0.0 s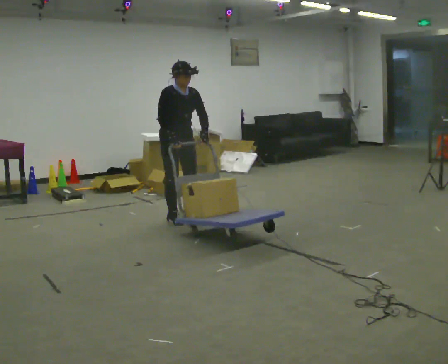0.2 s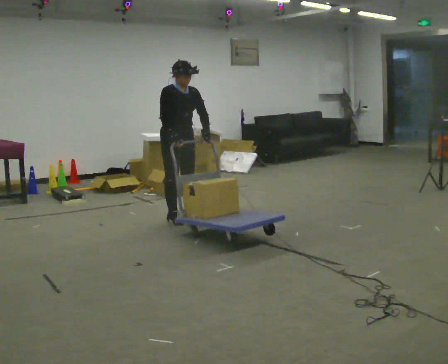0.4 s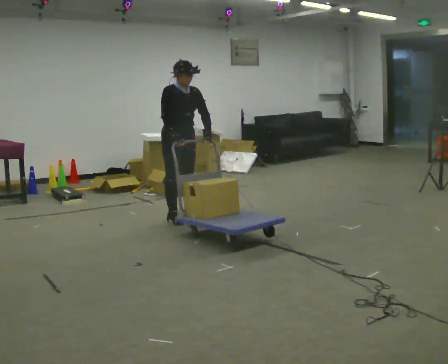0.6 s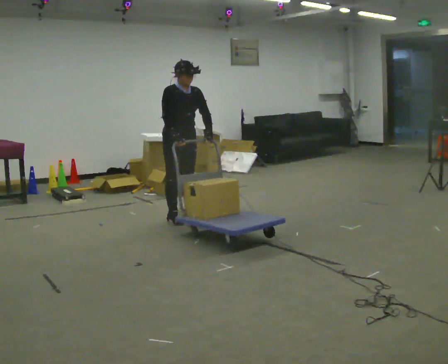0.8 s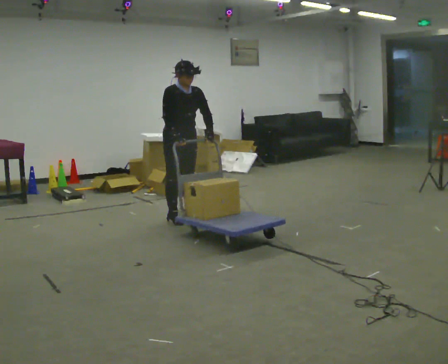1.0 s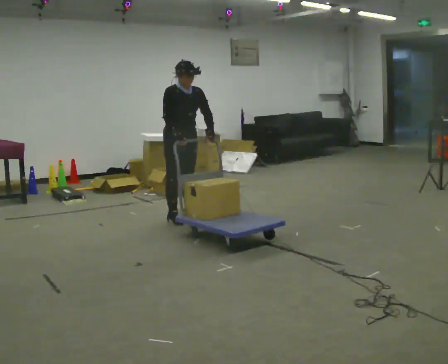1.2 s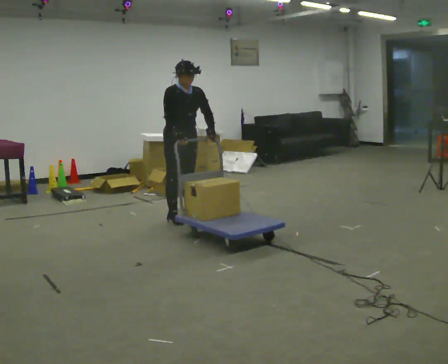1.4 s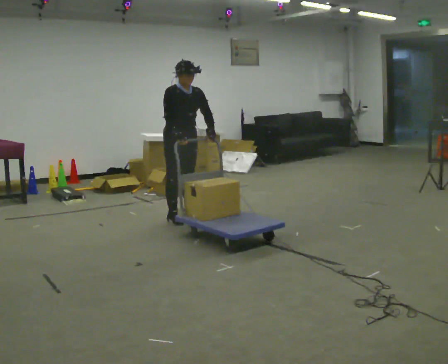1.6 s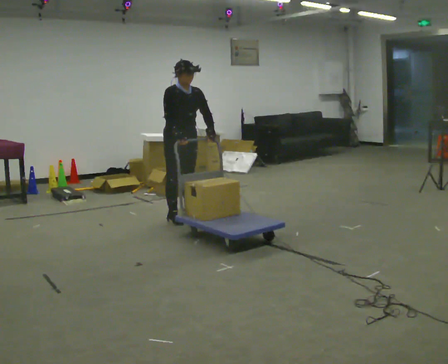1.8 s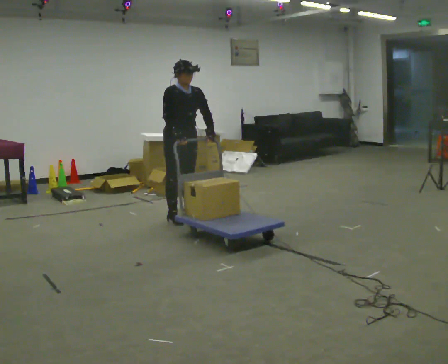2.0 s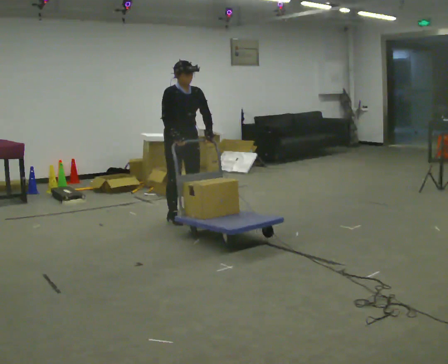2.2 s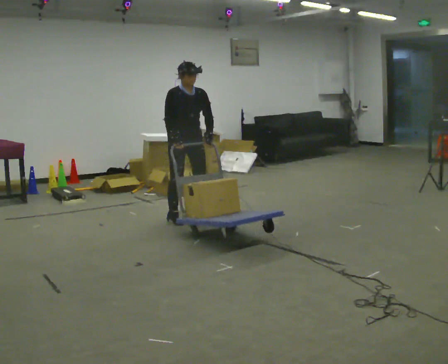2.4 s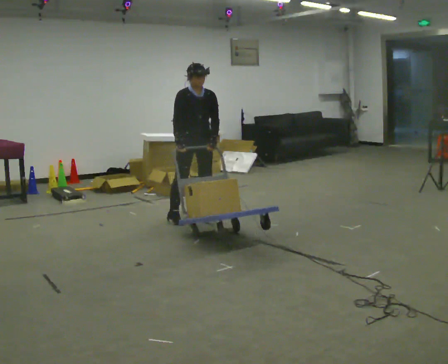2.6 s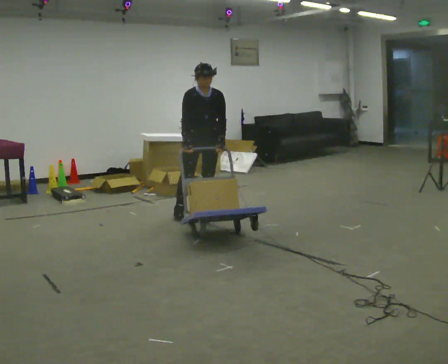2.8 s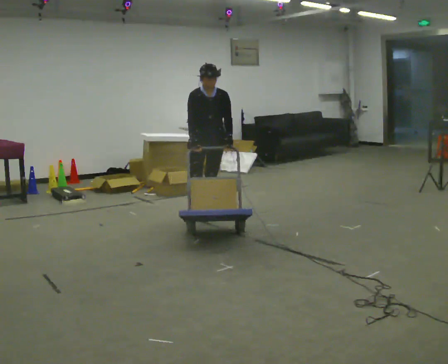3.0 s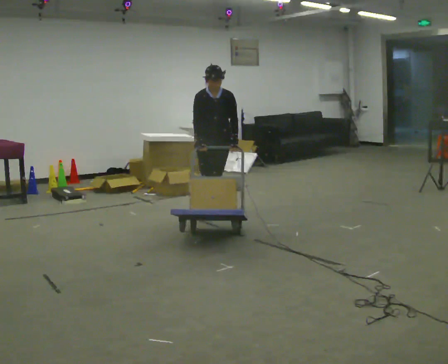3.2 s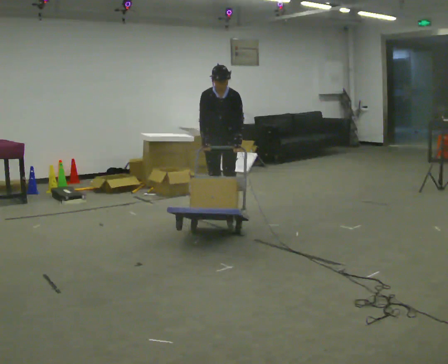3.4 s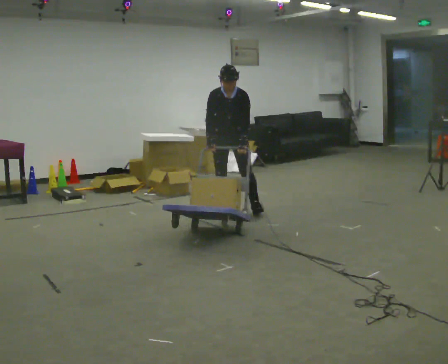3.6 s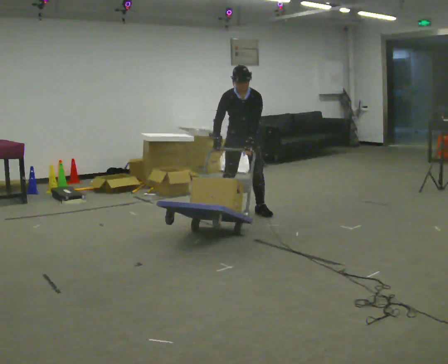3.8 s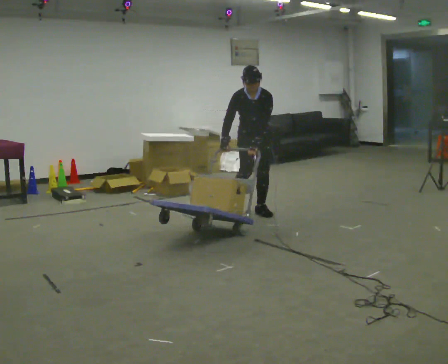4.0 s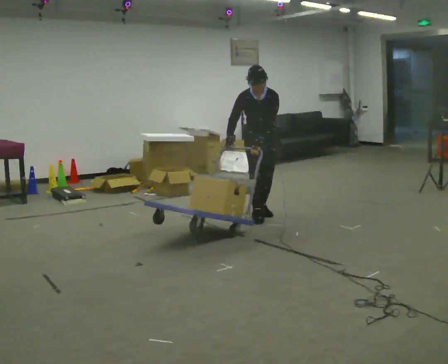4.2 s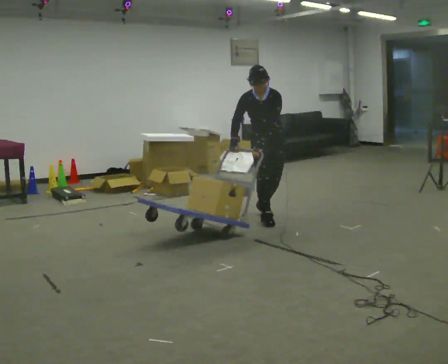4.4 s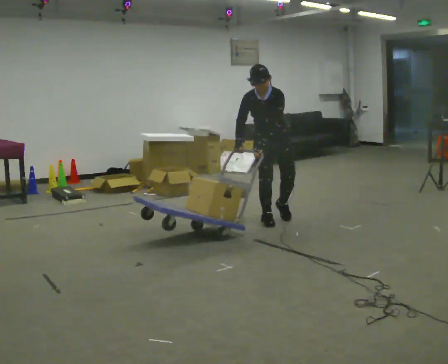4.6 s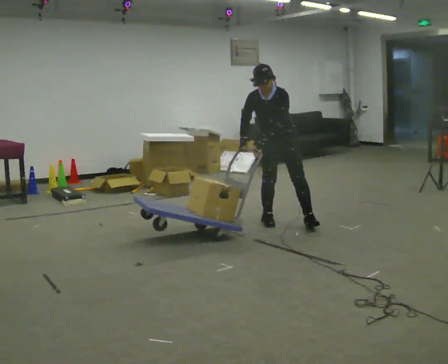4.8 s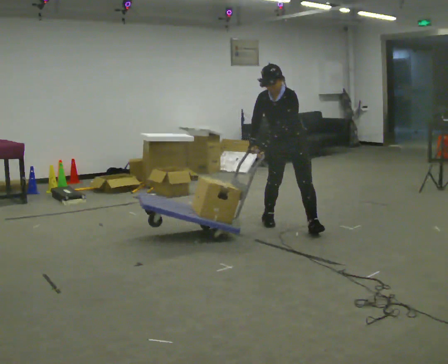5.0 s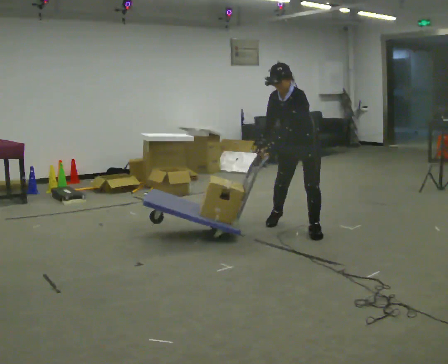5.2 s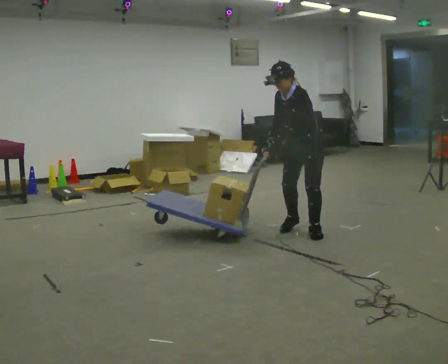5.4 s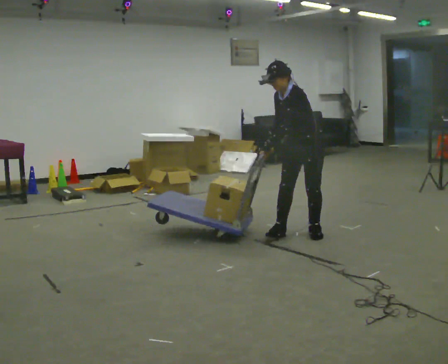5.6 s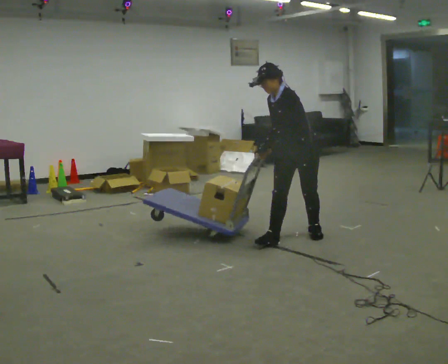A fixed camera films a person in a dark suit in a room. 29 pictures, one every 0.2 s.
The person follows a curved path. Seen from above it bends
clockwise.
The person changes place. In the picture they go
to the right.
0.0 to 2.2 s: The person moves a little, or ends about where they began.
2.2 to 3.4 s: The part of the body nearest the lens slides to the left as the person turns to their right by about 30 degrees. In the picture they go to the right and away from the camera, about 0.5 m in 2 steps, which for them is to their left and backward.
3.4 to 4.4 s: In the picture they go toward the camera and to the right, about 0.5 m in 2 steps, which for them is to their left and forward.
4.4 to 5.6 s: Seen from above the body turns clockwise, about 45 degrees: to their right, with its near side sliding to the left. In the picture they go toward the camera, about 0.75 m in 2 steps, which for them is to their left and forward.
The film runs forward here.
